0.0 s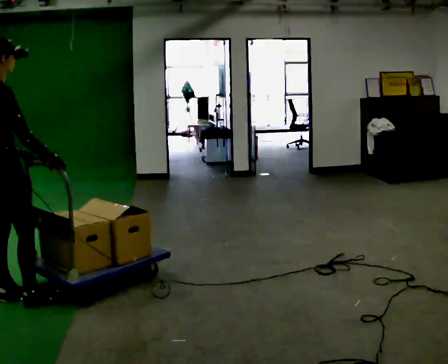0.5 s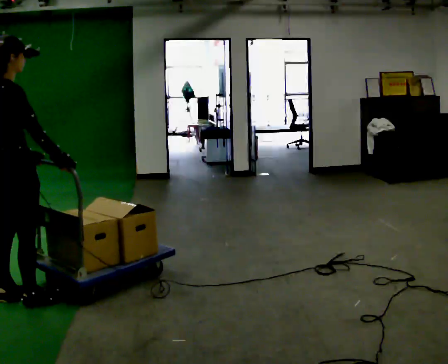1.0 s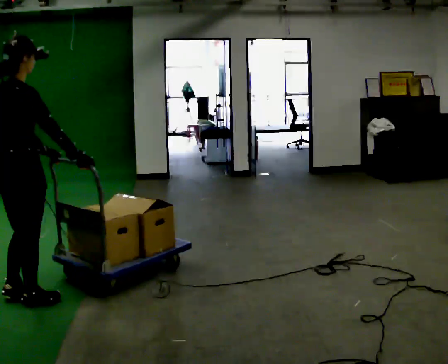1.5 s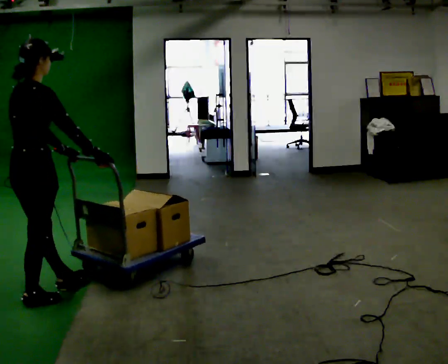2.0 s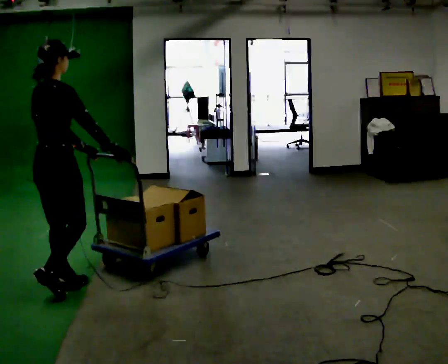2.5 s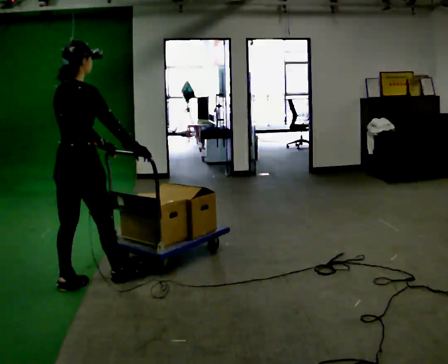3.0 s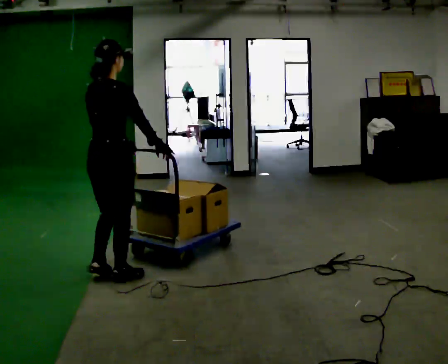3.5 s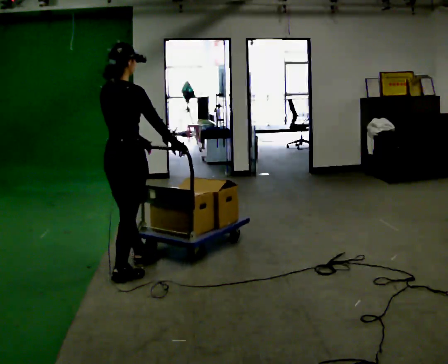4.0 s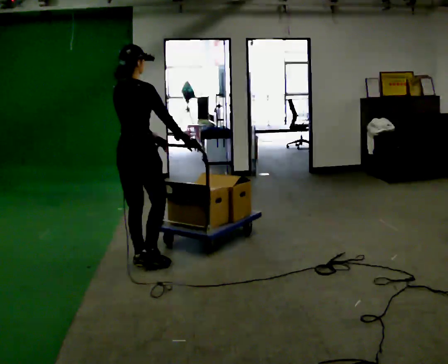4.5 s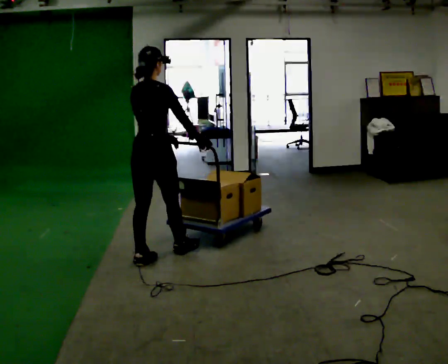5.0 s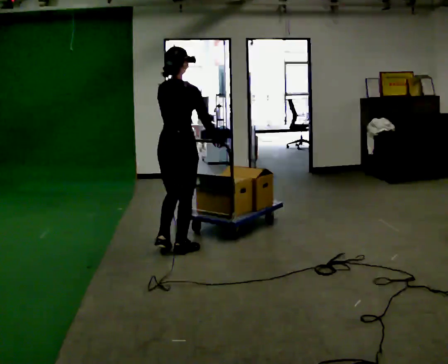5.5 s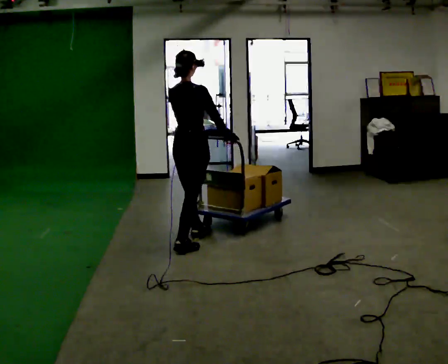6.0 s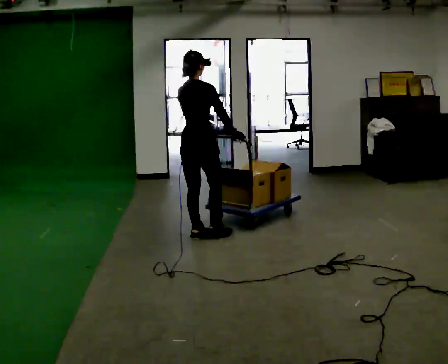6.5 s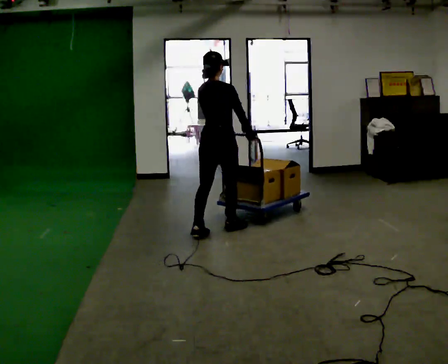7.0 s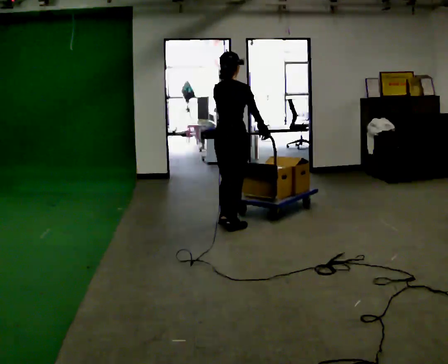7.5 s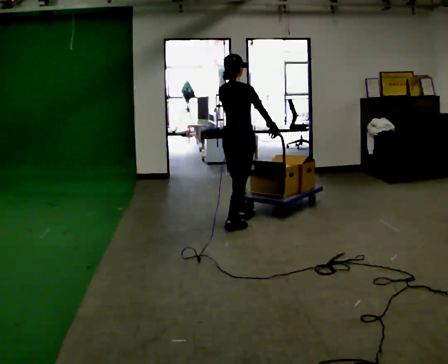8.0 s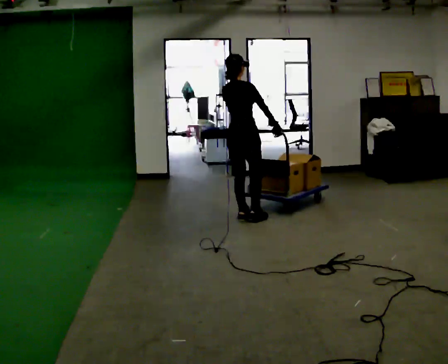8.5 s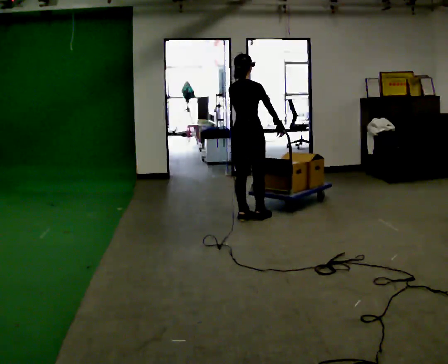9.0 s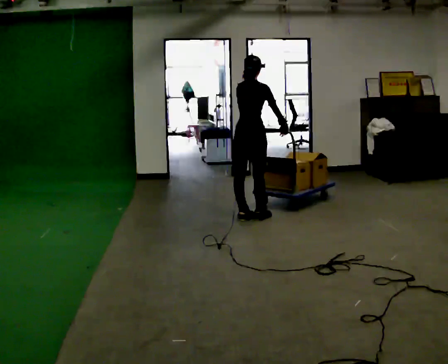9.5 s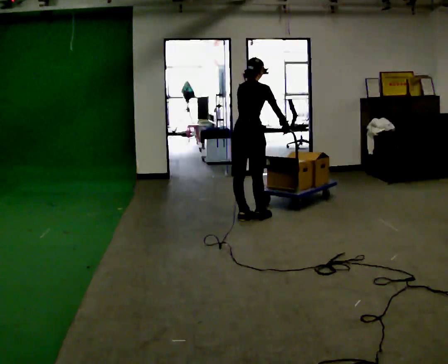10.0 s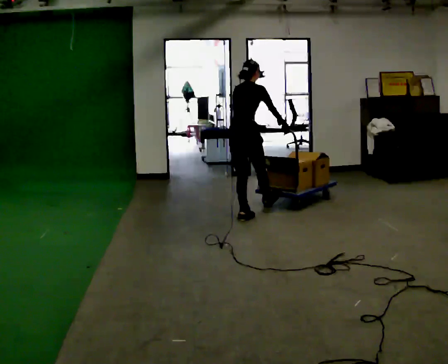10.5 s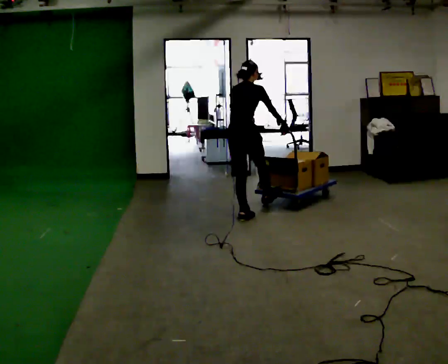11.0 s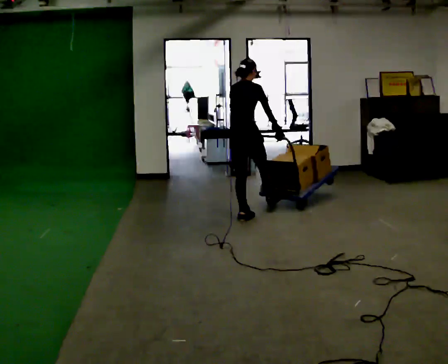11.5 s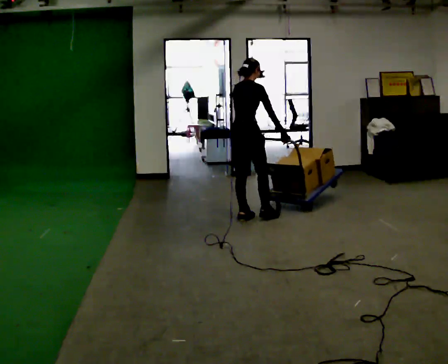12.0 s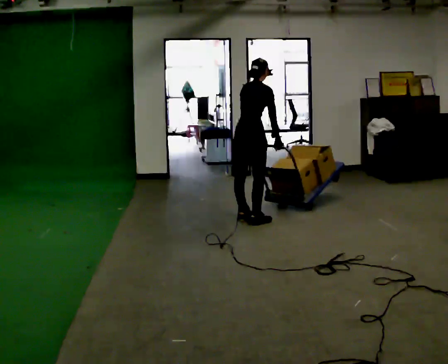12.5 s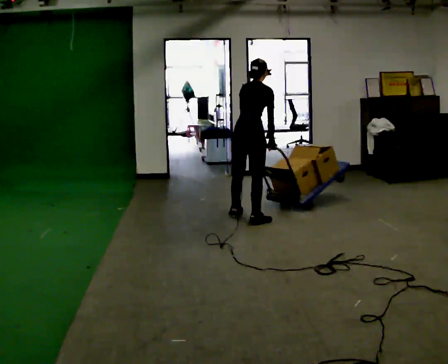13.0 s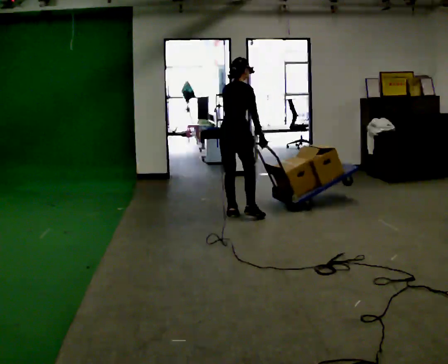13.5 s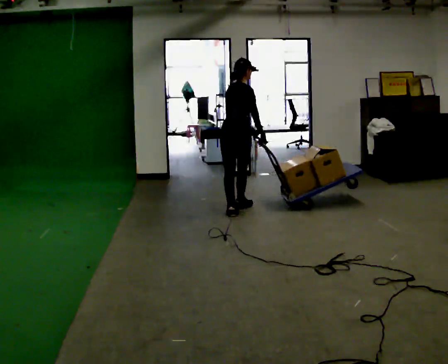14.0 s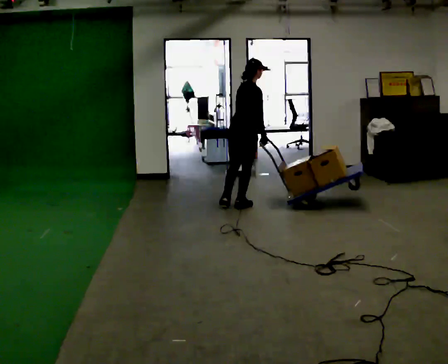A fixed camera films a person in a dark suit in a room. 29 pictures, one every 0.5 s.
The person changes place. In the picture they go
away from the camera.
0.0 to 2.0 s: In the picture they go to the right and away from the camera, about 0.25 m in 1 step, which for them is forward.
2.0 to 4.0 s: In the picture they go away from the camera and to the right, about 0.5 m in 2 steps, which for them is forward.
4.0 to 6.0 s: In the picture they go away from the camera and to the right, about 1 m in 2 steps, which for them is forward.
6.0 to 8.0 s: In the picture they go away from the camera and to the right, about 0.5 m in 2 steps, which for them is forward.
8.0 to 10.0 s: The upper body tips away from the camera, its near side rolling upward, as they bend forward.
10.0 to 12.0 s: The person moves a little, or ends about where they began.
12.0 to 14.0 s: In the picture they go away from the camera, about 0.5 m in 2 steps, which for them is to their left and forward.
The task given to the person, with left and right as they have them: Push the loaded cart from one corner of the room to the other, turn it round, and push it back. Keep going until the operator says stop.
The film runs forward here.
